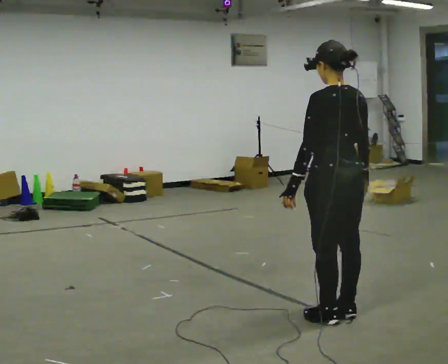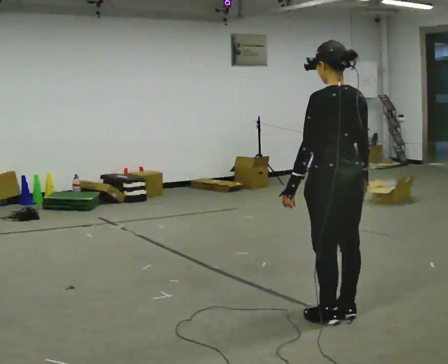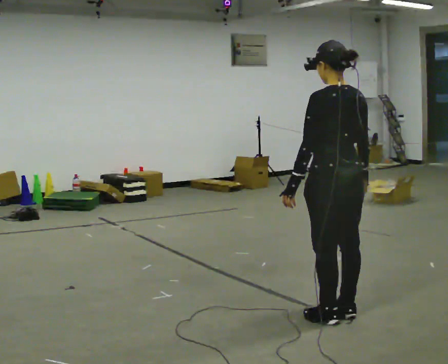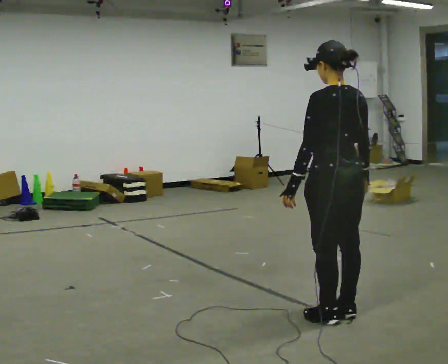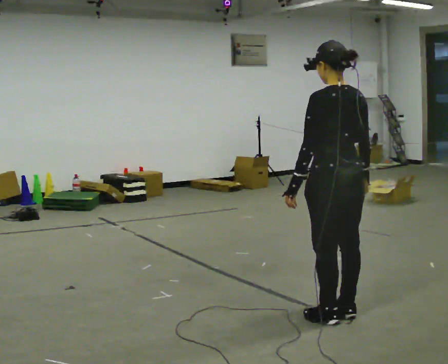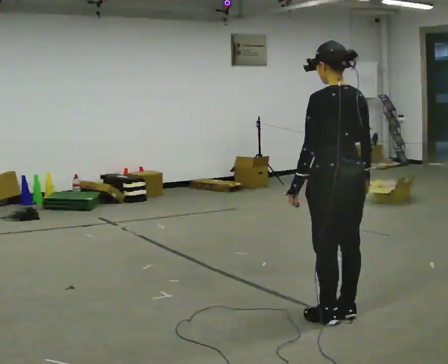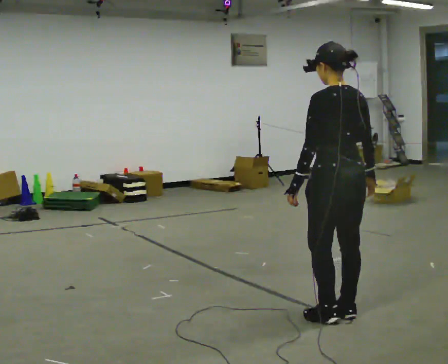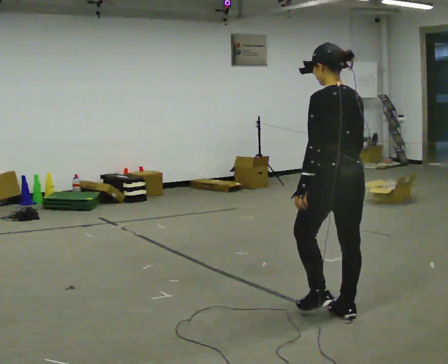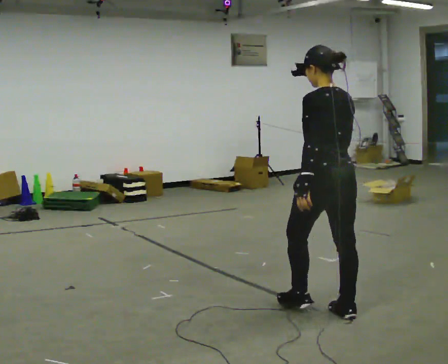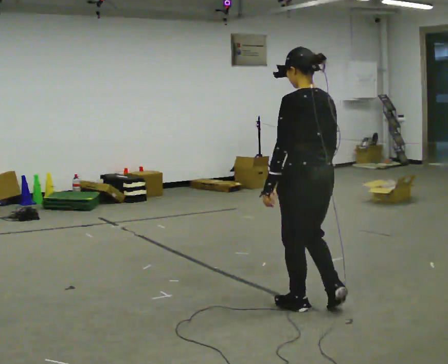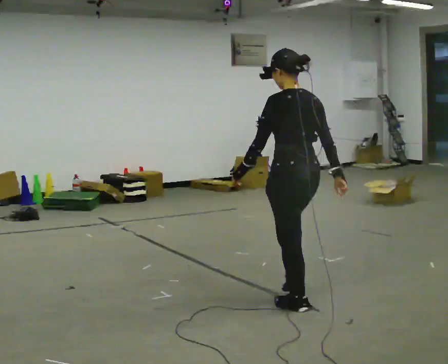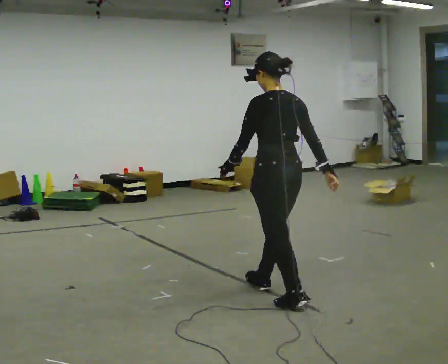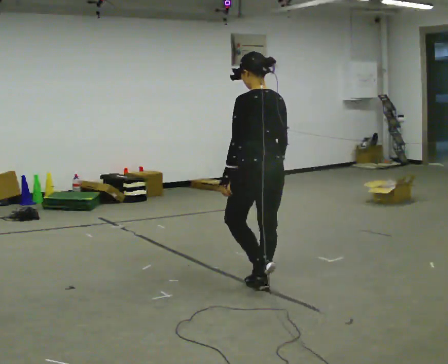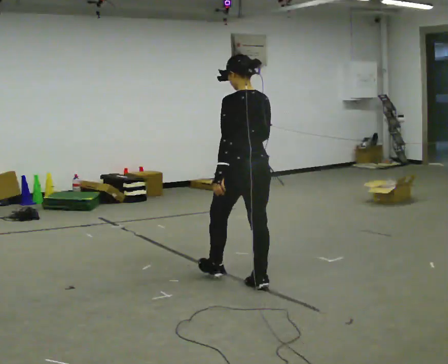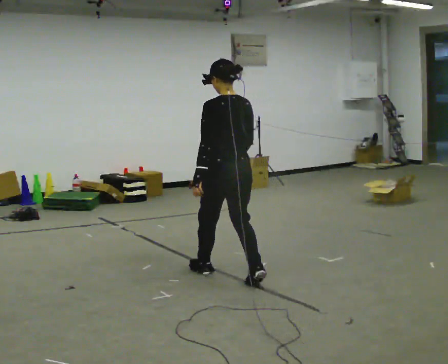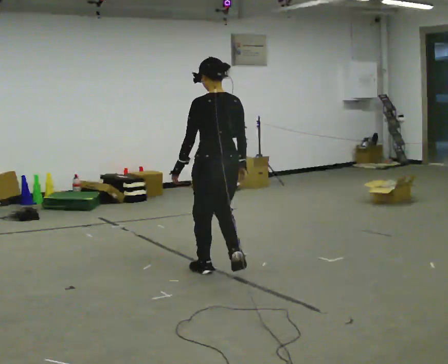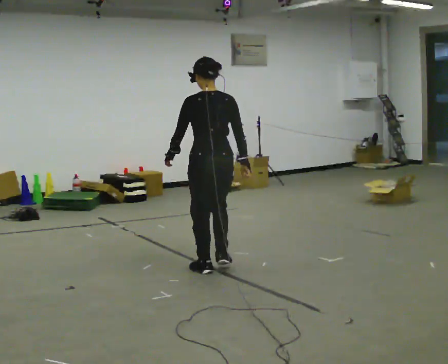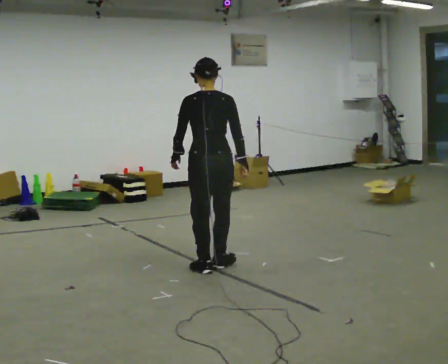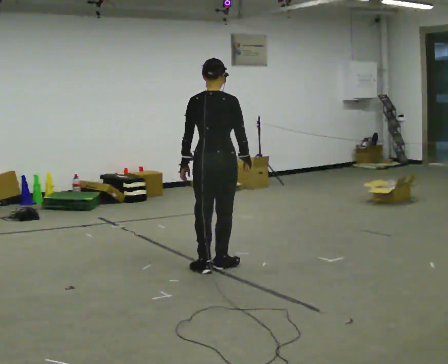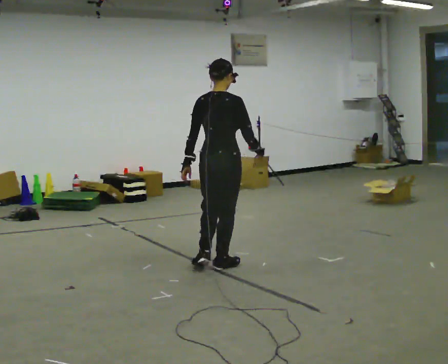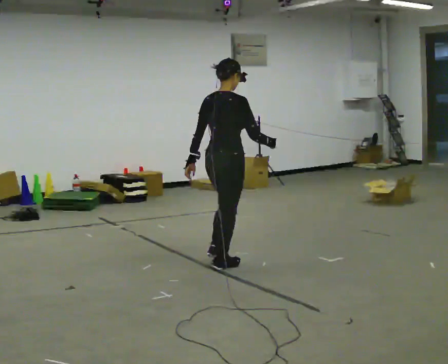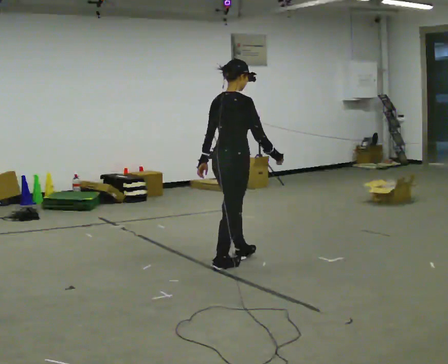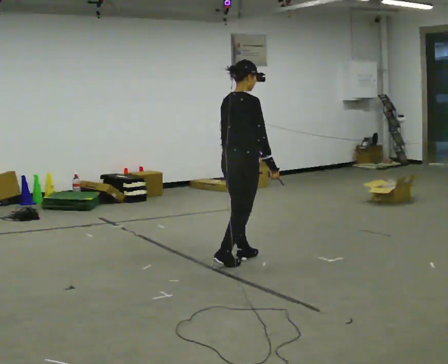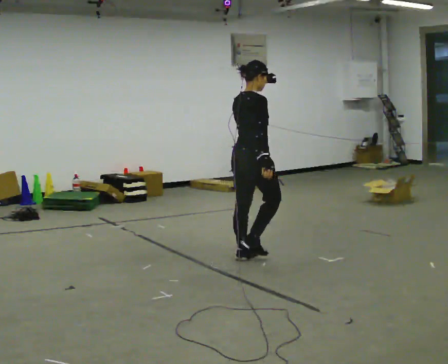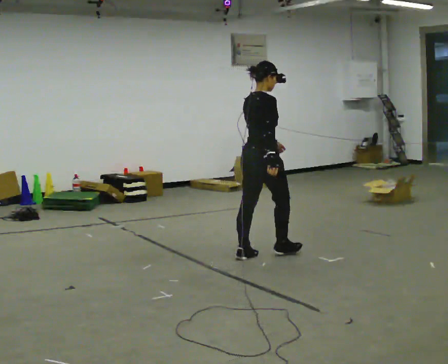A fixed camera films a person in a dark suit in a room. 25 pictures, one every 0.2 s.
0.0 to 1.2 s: The person moves a little, or ends about where they began.
1.2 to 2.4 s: In the picture they go away from the camera and to the left, about 0.5 m in 2 steps, which for them is forward.
2.4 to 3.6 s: The part of the body nearest the lens slides to the left as the person turns to their right by about 45 degrees. In the picture they go away from the camera and to the left, about 0.5 m in 2 steps, which for them is forward.
3.6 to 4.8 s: The person turns about 45 degrees to their right, clockwise seen from above, so the part of the body nearest the lens slides to the left. In the picture they go away from the camera and to the right, about 0.5 m in 1 step, which for them is forward.
The film runs forward here.
